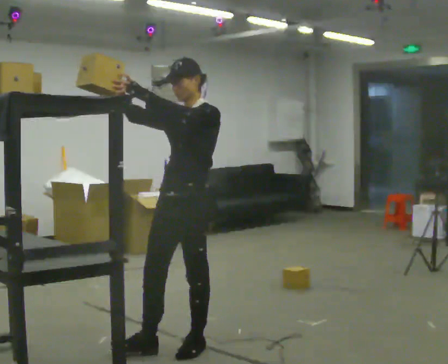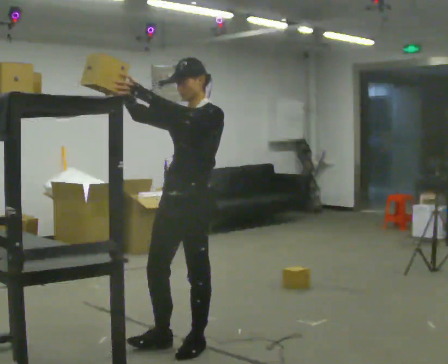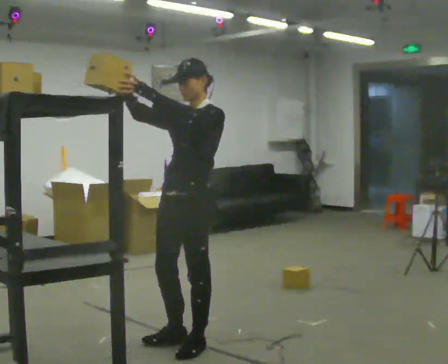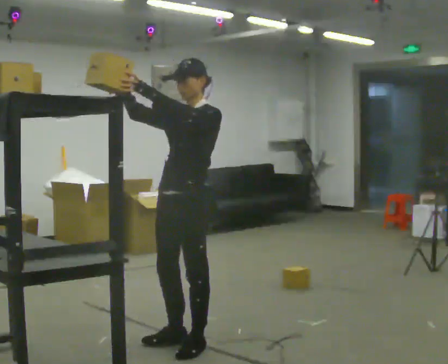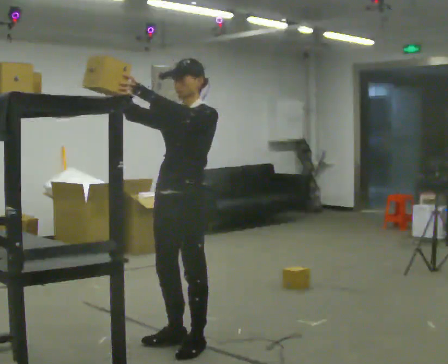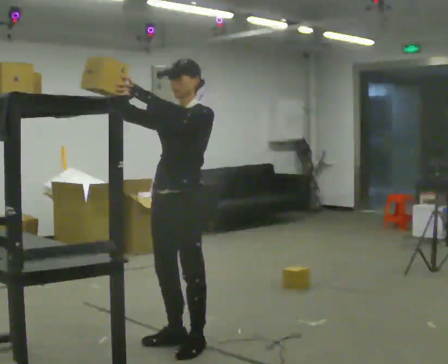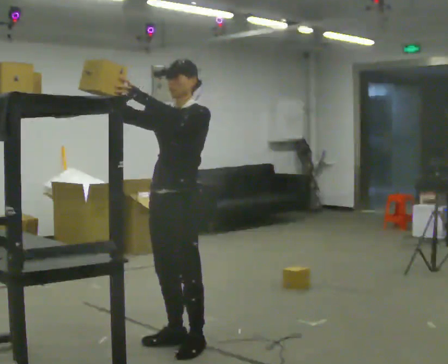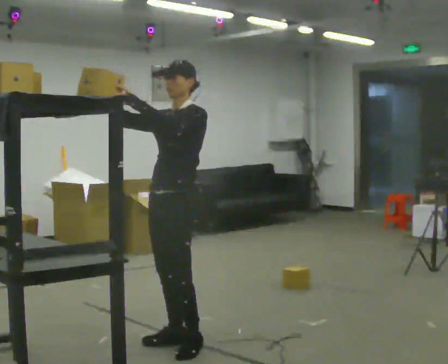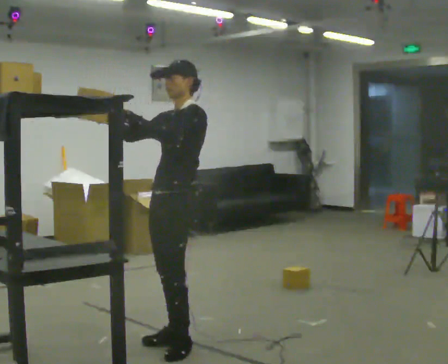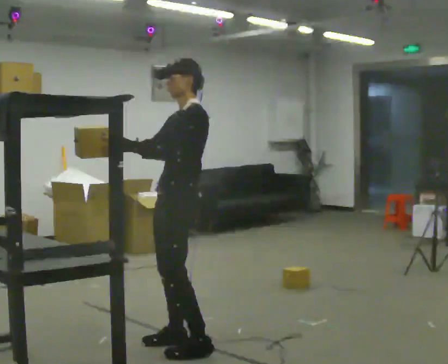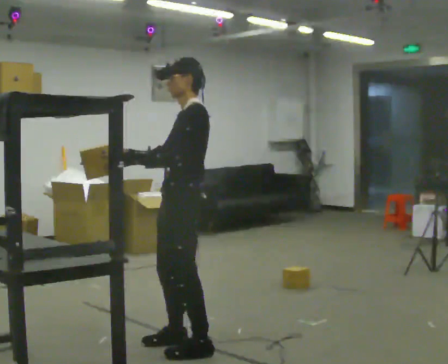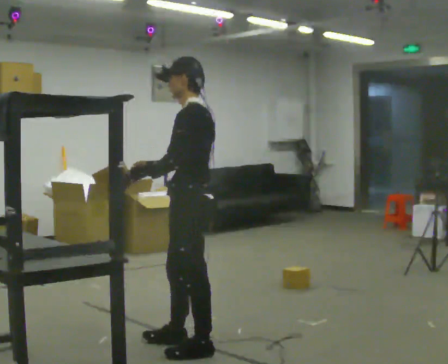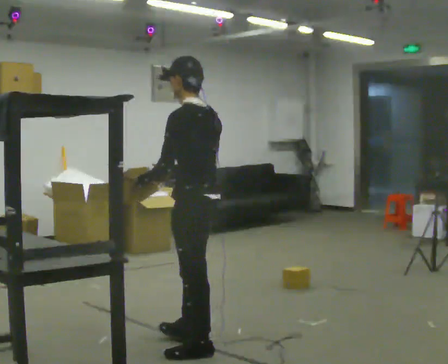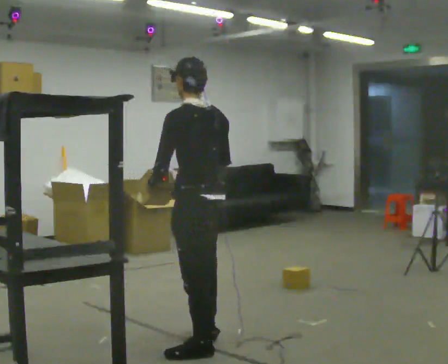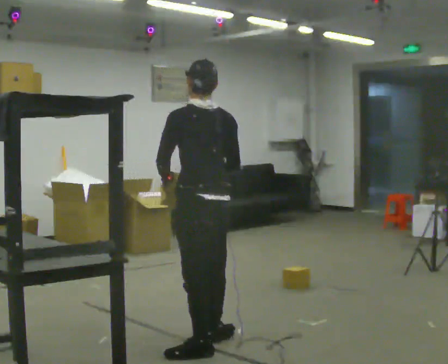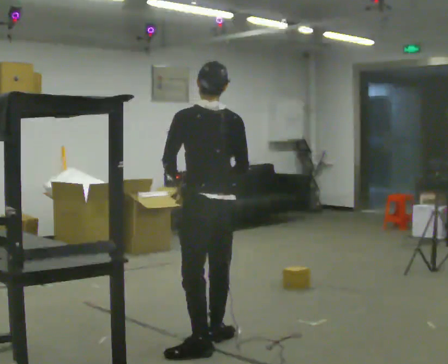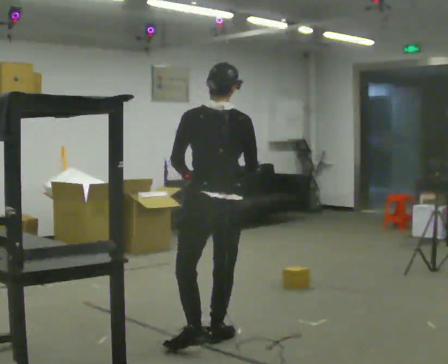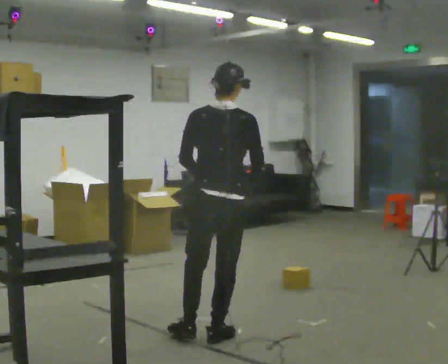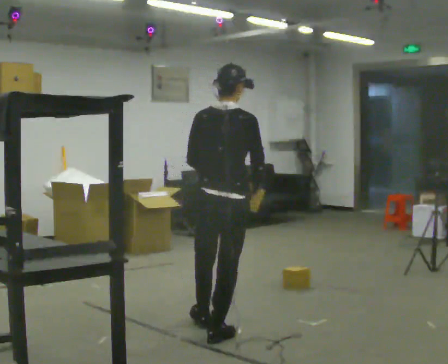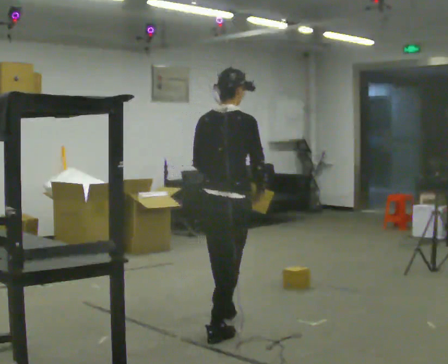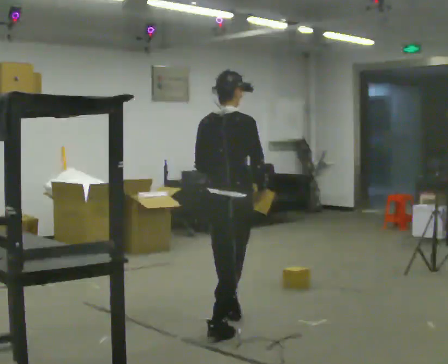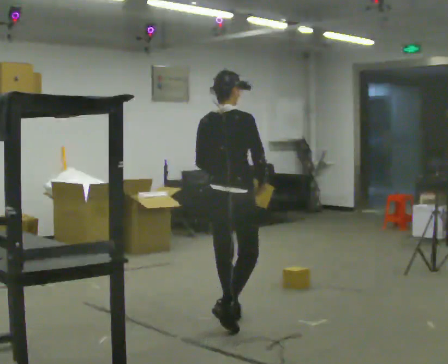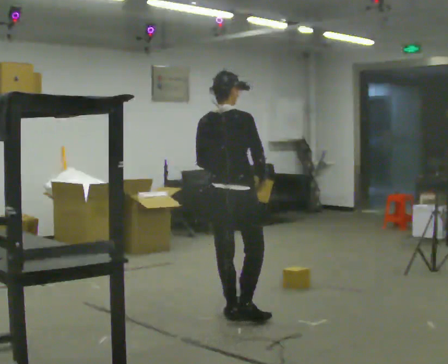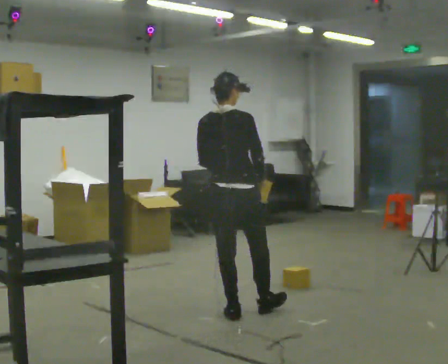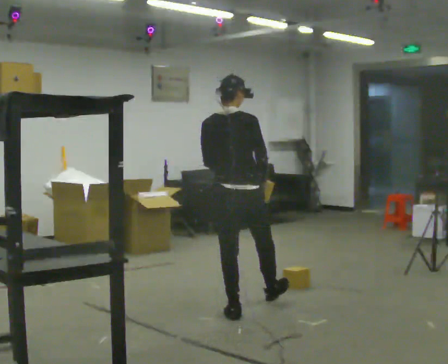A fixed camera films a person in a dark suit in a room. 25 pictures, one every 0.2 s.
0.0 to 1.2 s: The person moves a little, or ends about where they began.
1.2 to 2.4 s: The part of the body nearest the lens slides to the left as the person turns to their right by about 75 degrees. In the picture they go toward the camera, about 0.25 m in 1 step. In the picture their right hand goes downward and to the right, the arm swinging counterclockwise.
2.4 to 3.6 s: Seen from above the body turns clockwise, about 90 degrees: to their right, with its near side sliding to the left. In the picture they go away from the camera, about 0.25 m in 1 step.
3.6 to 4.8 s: In the picture they go away from the camera, about 0.5 m in 1 step, which for them is forward.
The film runs forward here.
